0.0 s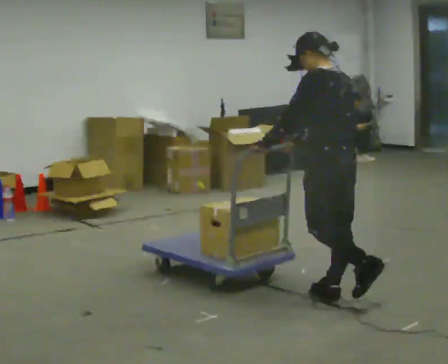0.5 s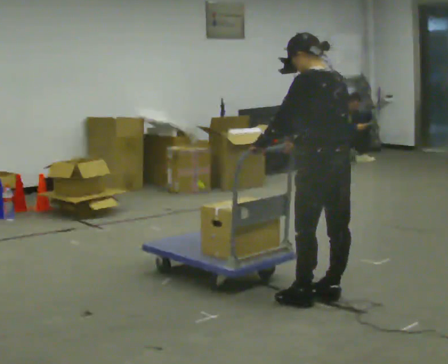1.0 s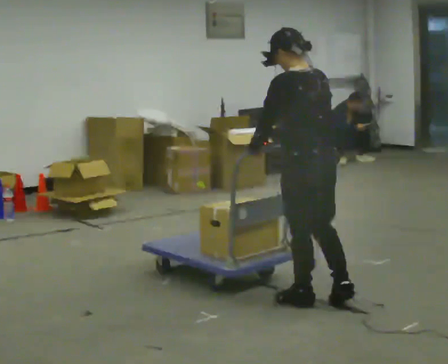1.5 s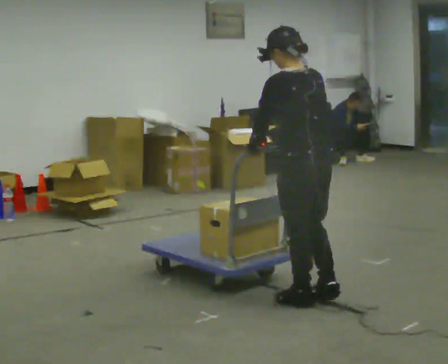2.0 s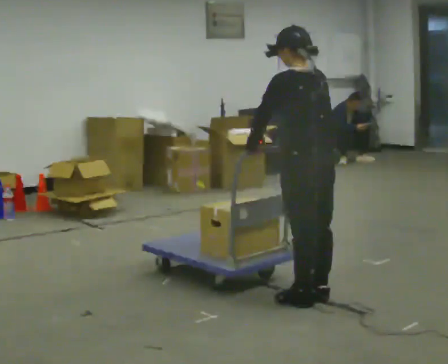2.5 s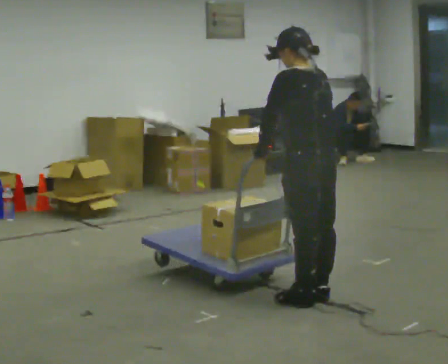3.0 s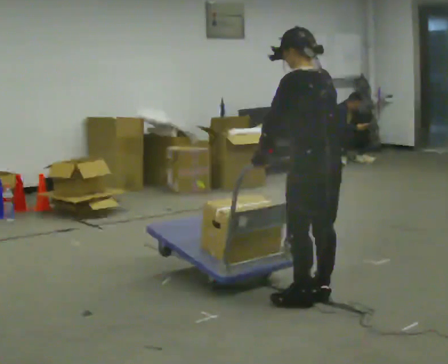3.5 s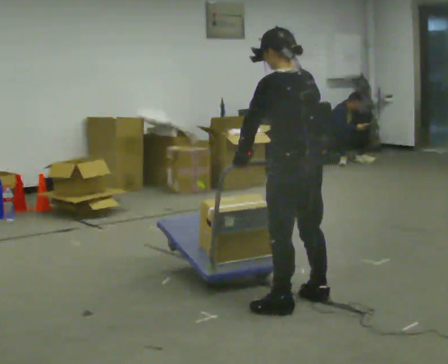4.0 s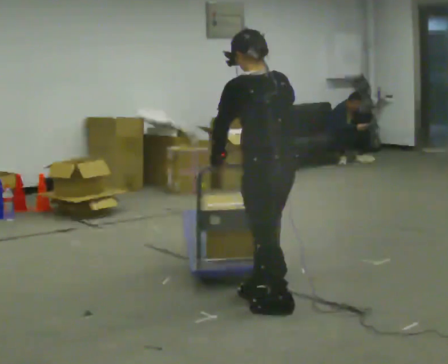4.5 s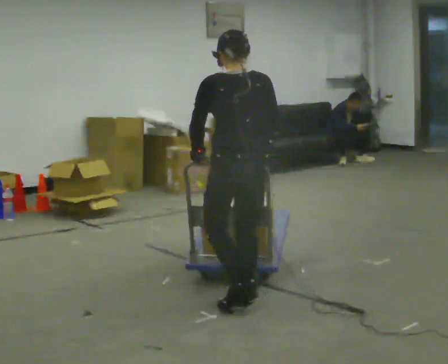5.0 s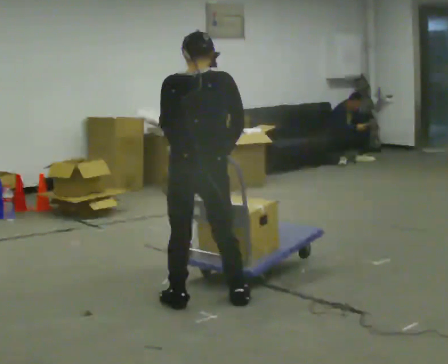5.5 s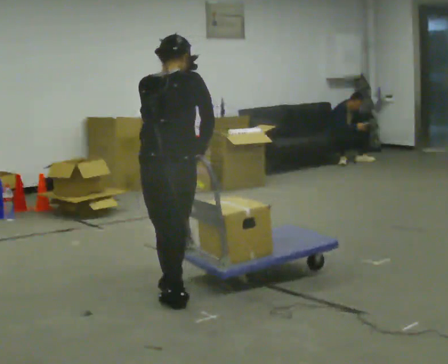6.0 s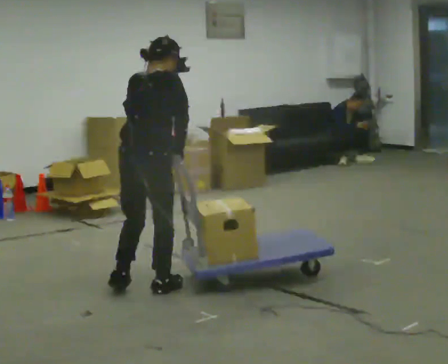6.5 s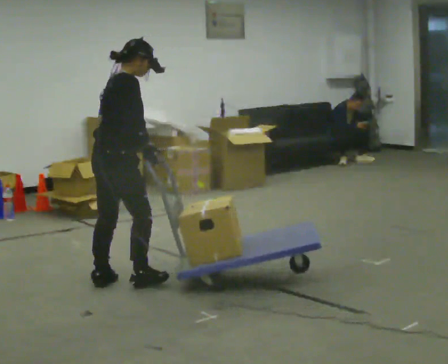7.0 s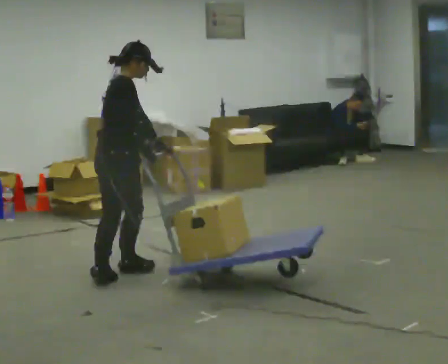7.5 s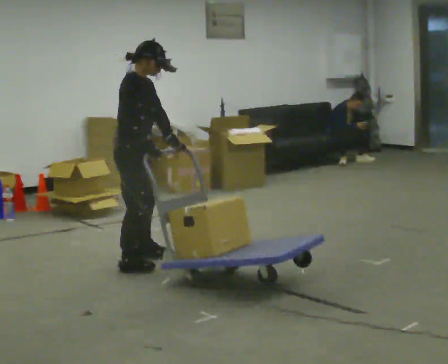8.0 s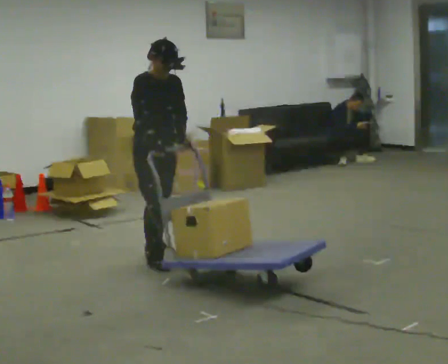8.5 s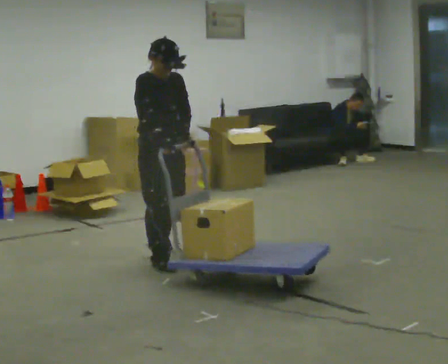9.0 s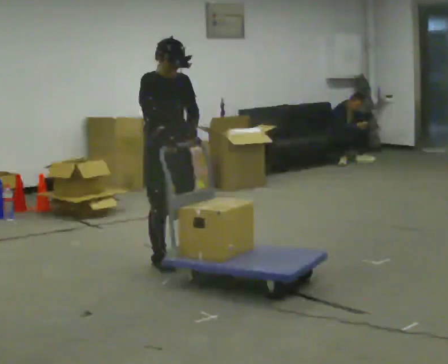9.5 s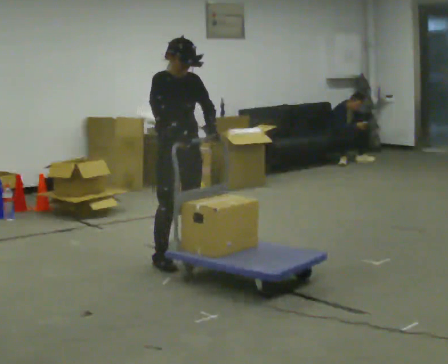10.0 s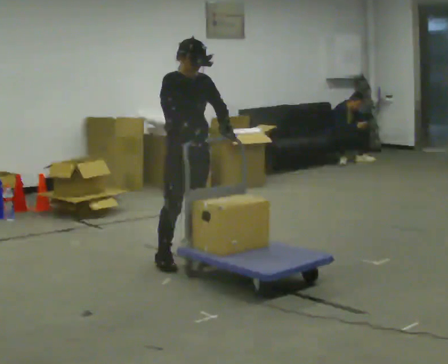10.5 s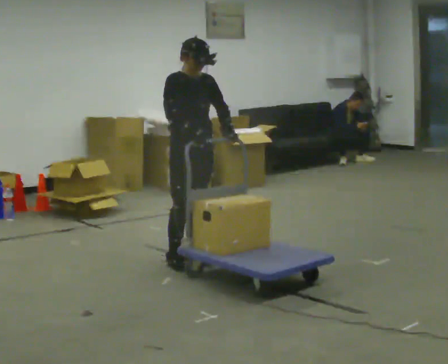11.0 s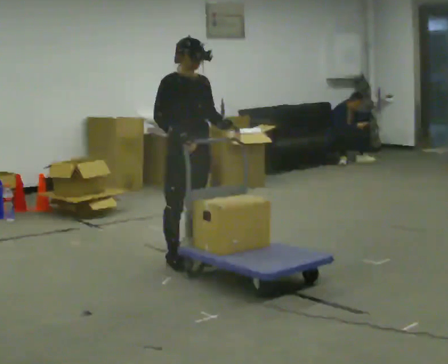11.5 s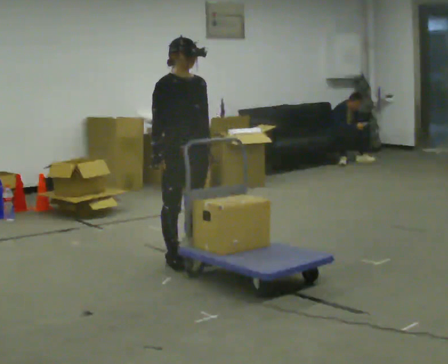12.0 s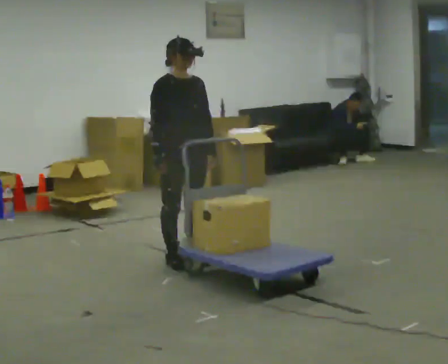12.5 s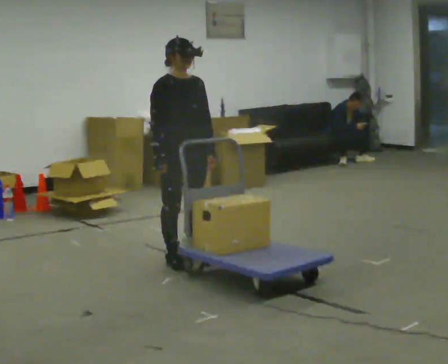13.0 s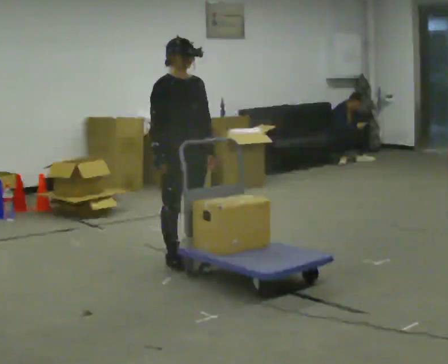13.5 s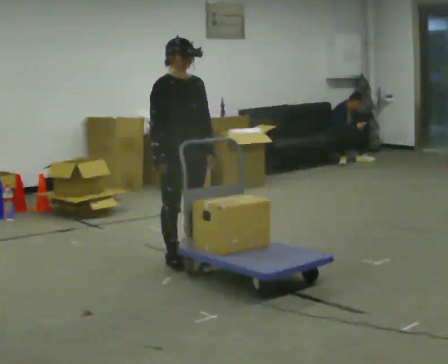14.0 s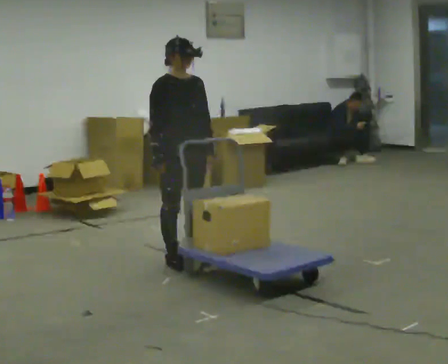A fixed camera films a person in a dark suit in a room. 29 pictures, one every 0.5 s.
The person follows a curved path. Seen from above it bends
clockwise.
The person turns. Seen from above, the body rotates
clockwise.
0.0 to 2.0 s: The person moves a little, or ends about where they began.
2.0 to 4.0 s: In the picture they go to the left, about 0.25 m, which for them is to their left.
4.0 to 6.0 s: The part of the body nearest the lens slides to the left as the person turns to their right by about 75 degrees. In the picture they go to the left and away from the camera, about 1 m in 3 steps. In the picture the upper body tilts clockwise, shoulders to the right.
6.0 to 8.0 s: Seen from above the body turns clockwise, about 90 degrees: to their right, with its near side sliding to the left. In the picture they go away from the camera, about 0.5 m in 3 steps.
8.0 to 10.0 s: In the picture they go to the right, about 0.25 m in 2 steps, which for them is to their left and forward. In the picture their left hand goes to the right.
10.0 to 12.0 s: The person moves a little, or ends about where they began.
12.0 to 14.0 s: The person keeps their place and pose.
The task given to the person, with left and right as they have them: Turn the cart round to face the other way without moving it out of the marked square, then turn it back. Repeat until the operator says stop.
The film runs forward here.
